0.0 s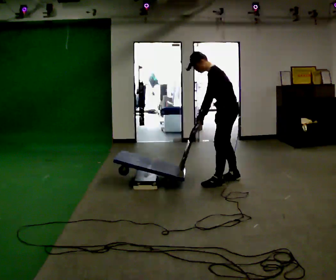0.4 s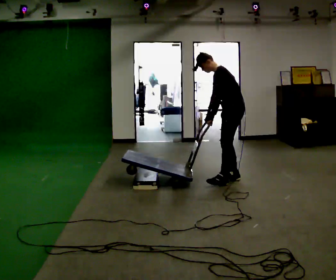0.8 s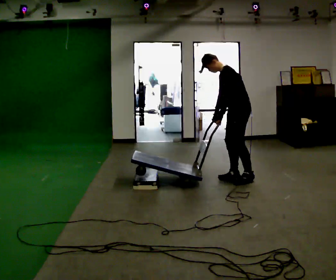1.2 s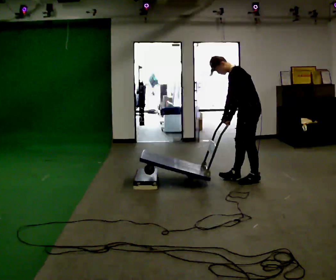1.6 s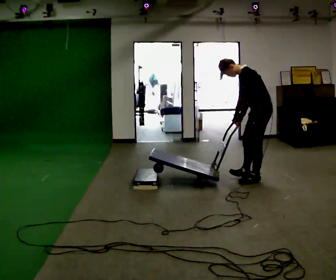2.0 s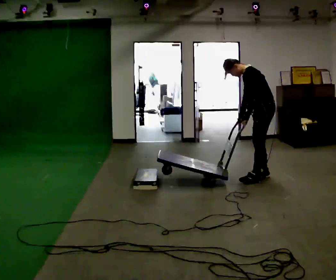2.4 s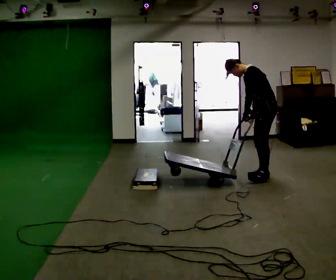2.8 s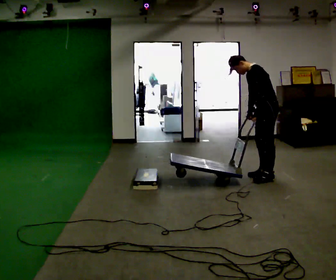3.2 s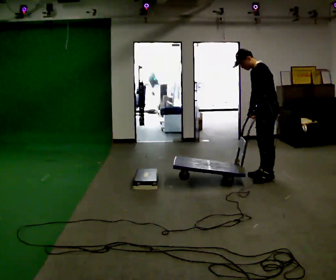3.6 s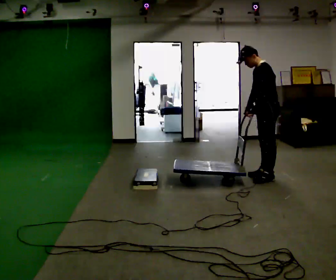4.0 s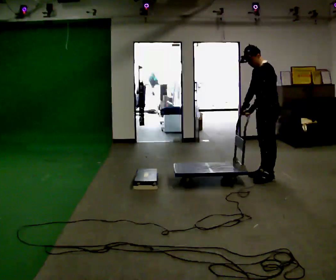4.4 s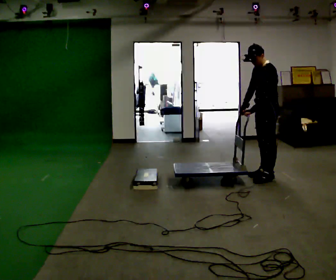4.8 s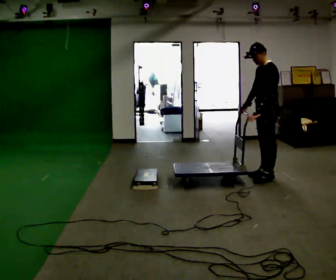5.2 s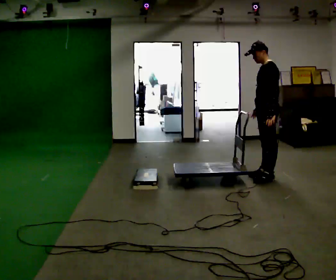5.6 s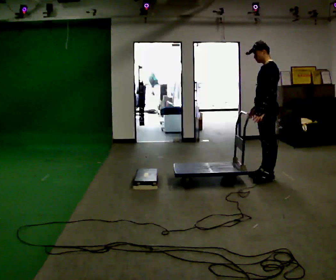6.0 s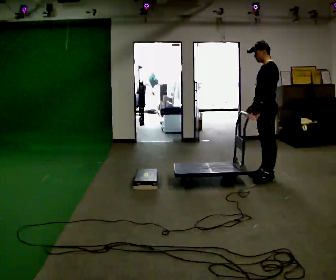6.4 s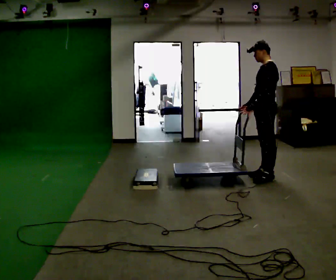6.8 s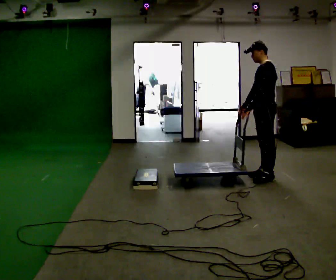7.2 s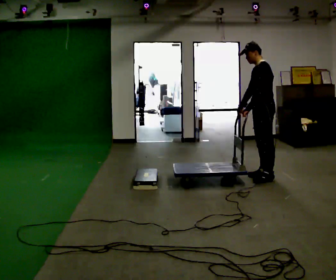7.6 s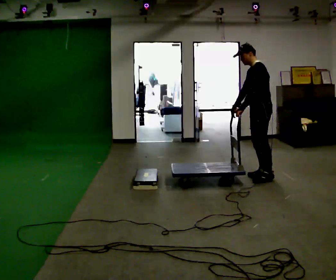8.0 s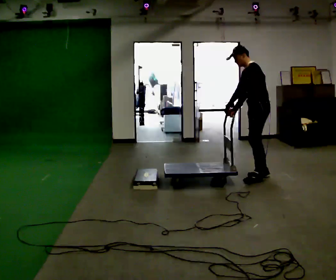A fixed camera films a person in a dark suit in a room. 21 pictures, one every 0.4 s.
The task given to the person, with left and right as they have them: Push the cart up over the low platform edge and down the other side, then bring it back over.
0.0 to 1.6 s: In the picture they go to the right, about 0.5 m in 1 step, which for them is backward.
1.6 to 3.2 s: In the picture the upper body tilts clockwise, shoulders to the right, as they lean back or straighten.
3.2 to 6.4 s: In the picture the upper body tilts clockwise, shoulders to the right, as they lean back or straighten.
6.4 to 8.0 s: In the picture the upper body tilts counterclockwise, shoulders to the left, as they bend forward.
The film runs forward here.
